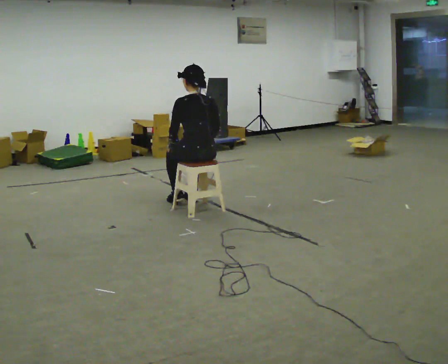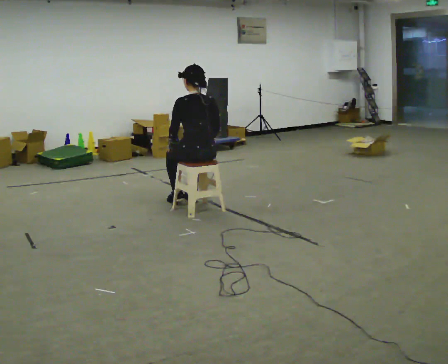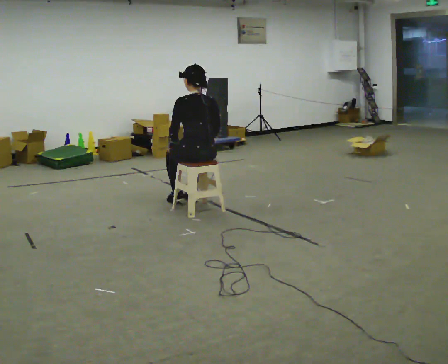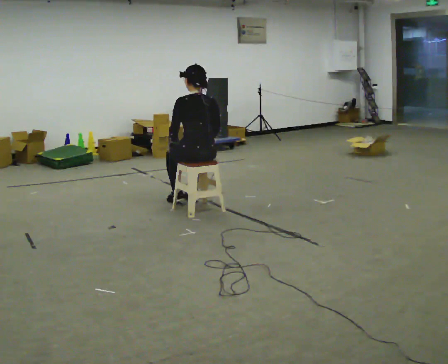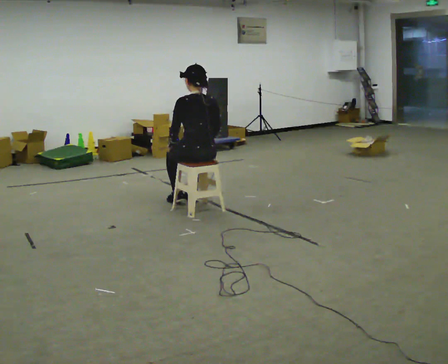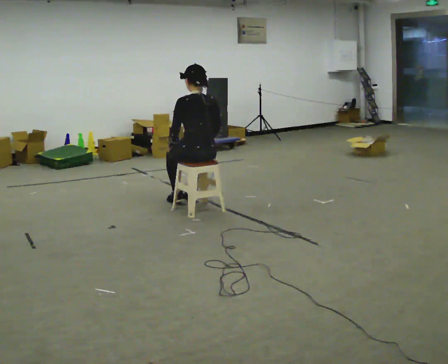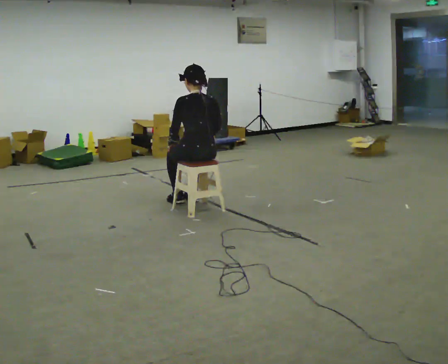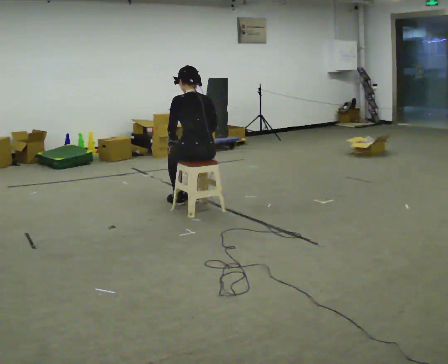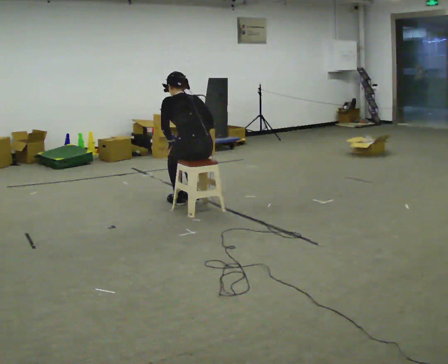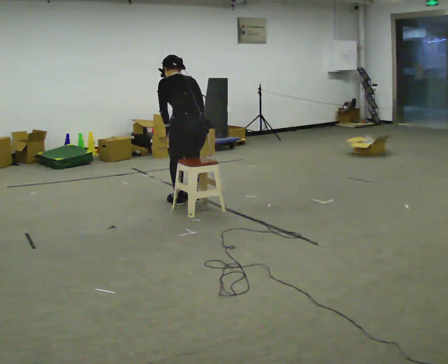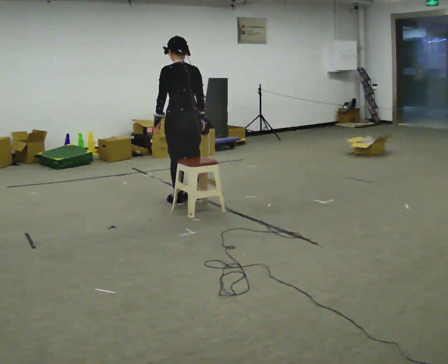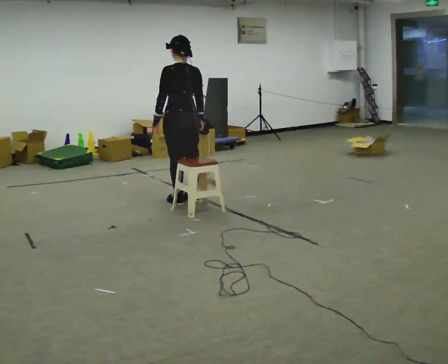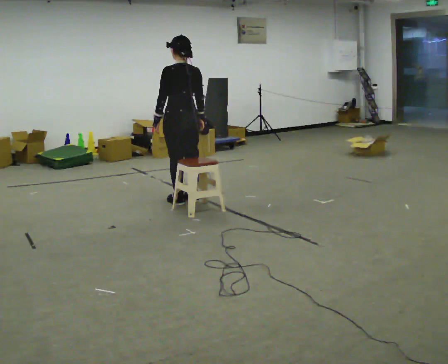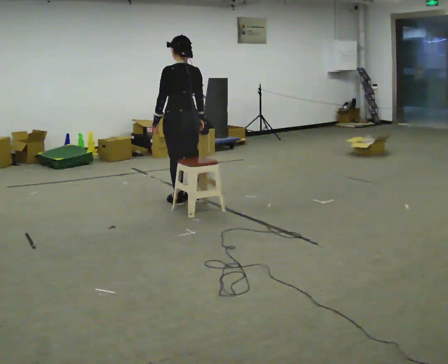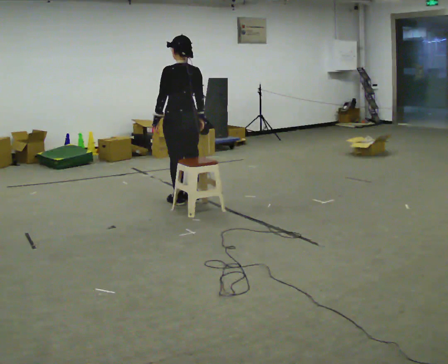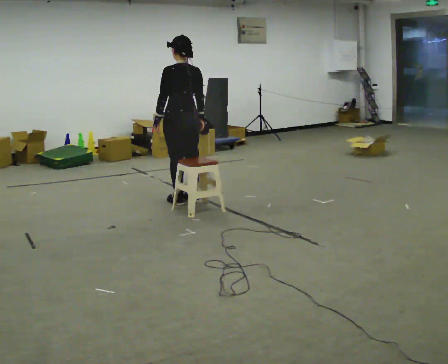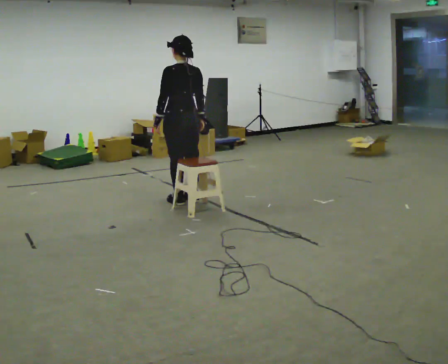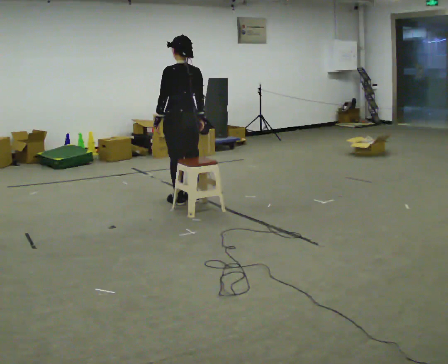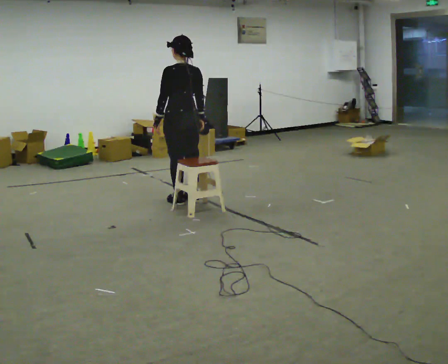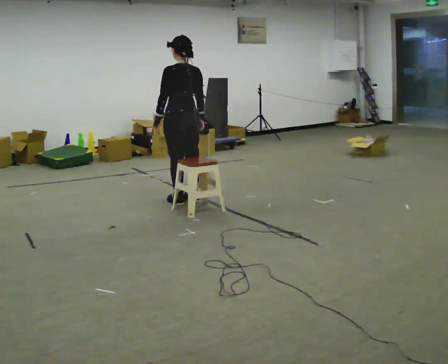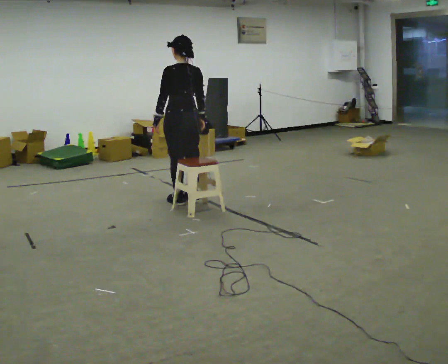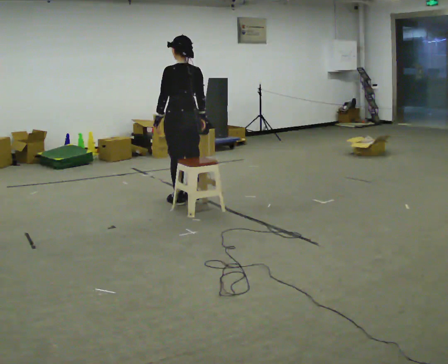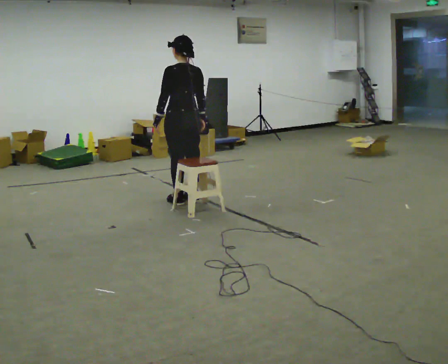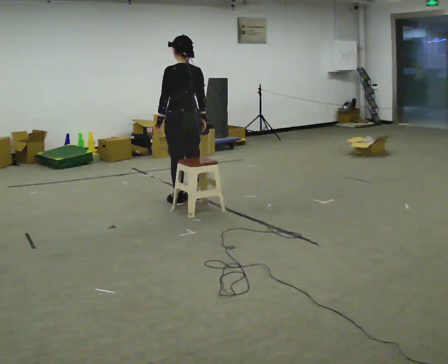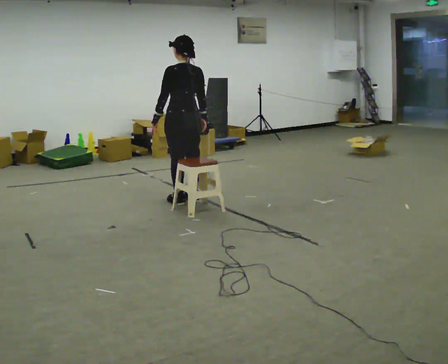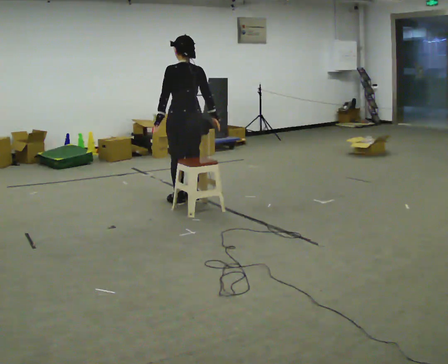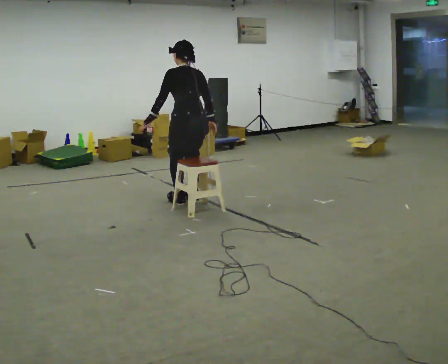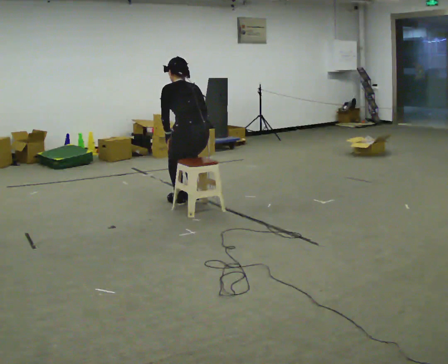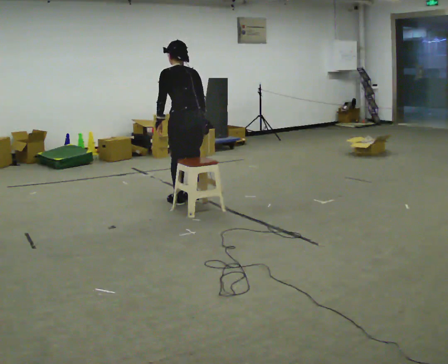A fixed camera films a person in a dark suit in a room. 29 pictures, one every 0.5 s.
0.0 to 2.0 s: The person keeps their place and pose.
2.0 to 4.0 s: The upper body tips away from the camera, its near side rolling upward, as they bend forward.
4.0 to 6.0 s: In the picture they go away from the camera, about 0.25 m, which for them is forward. The shoulders move upward. The upper body tips toward the camera, its near side rolling downward, as they lean back or straighten.
6.0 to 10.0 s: The person keeps their place and pose.
10.0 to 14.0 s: The person moves a little, or ends about where they began.
The film runs backward here.
